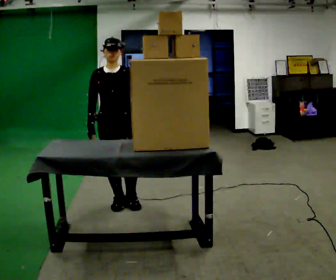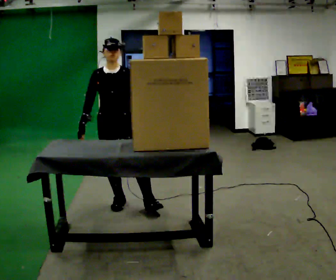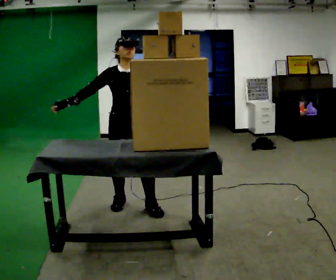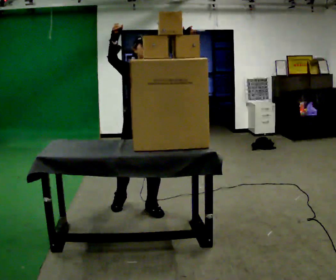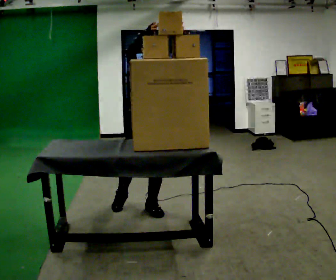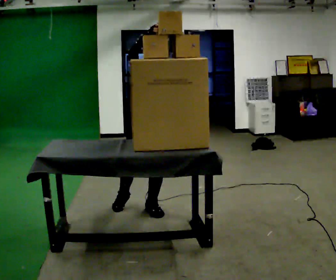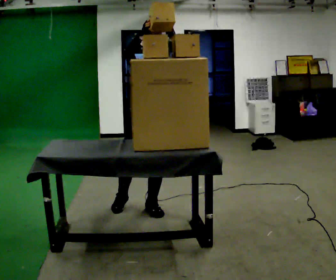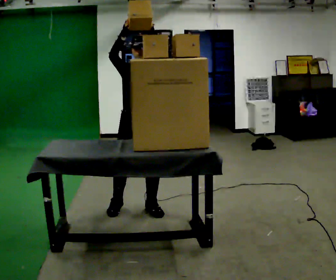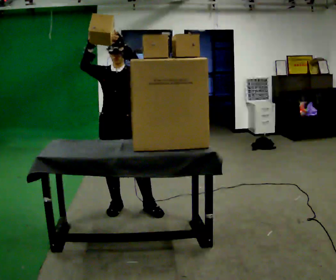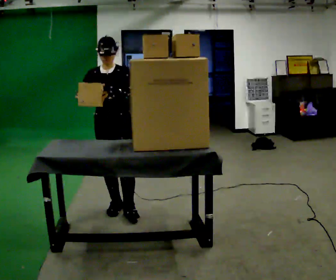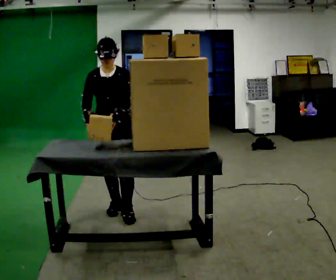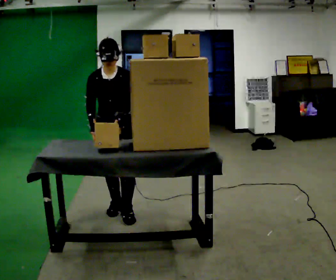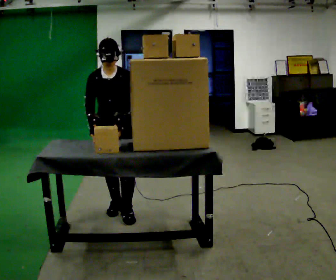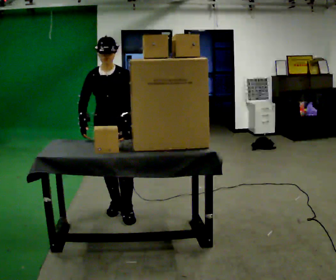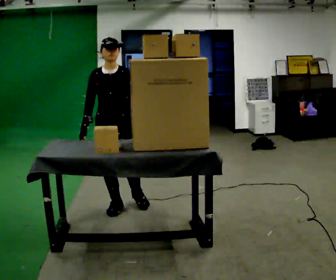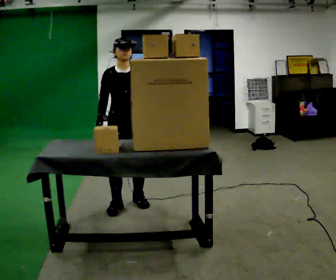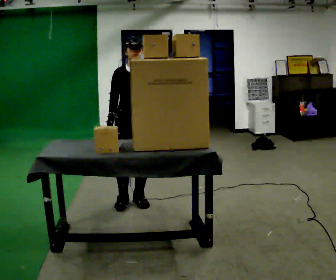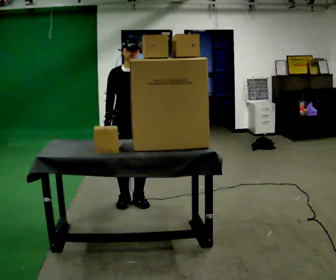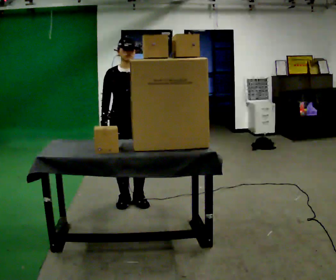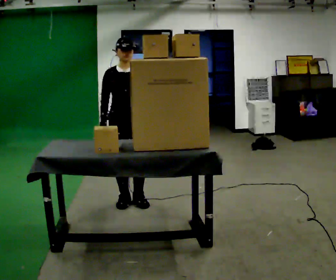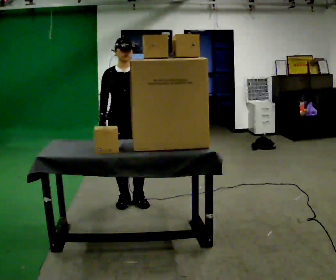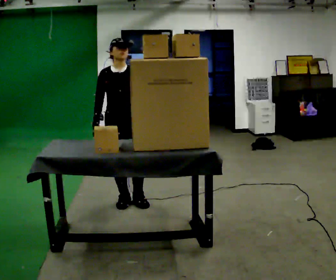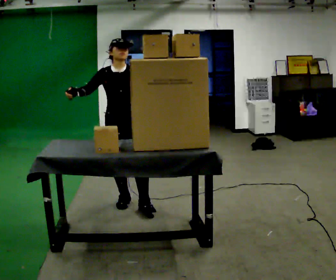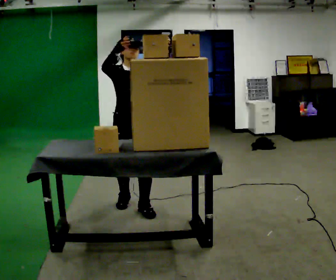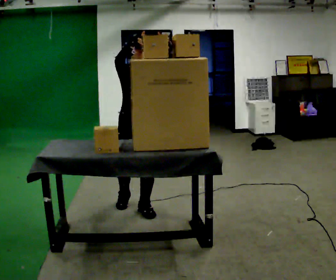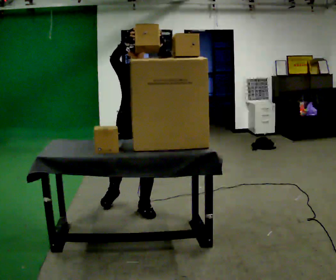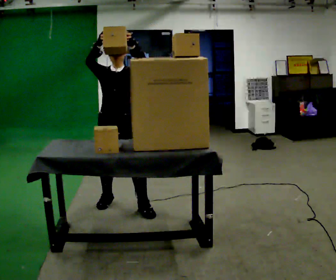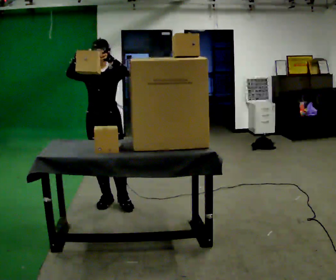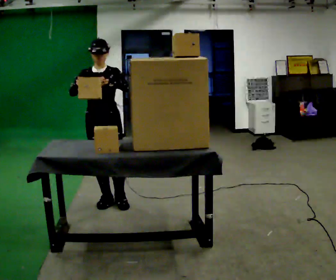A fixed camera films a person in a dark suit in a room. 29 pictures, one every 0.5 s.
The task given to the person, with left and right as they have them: Reach up into the bin on the top shelf, take out one object at a time, and carry it to the table. Keep going until the operator says stop; one object at a time, and do not rush between trips.
0.0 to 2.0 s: In the picture they go to the right and toward the camera, about 0.25 m in 1 step, which for them is to their left and forward. In the picture their right hand goes upward.
2.0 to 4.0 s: In the picture they go to the left, about 0.25 m, which for them is to their right.
4.0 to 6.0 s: The upper body tips toward the camera, its near side rolling downward, as they bend forward. In the picture their left hand goes downward.
6.0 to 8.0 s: In the picture they go away from the camera and to the right, about 0.25 m in 1 step, which for them is backward and to their left. The upper body tips away from the camera, its near side rolling upward, as they lean back or straighten.
8.0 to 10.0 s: The person moves a little, or ends about where they began.
10.0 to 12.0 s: In the picture they go toward the camera, about 0.25 m in 1 step, which for them is forward. In the picture their right hand goes upward.
12.0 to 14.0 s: In the picture they go to the left and away from the camera, about 0.5 m in 1 step, which for them is to their right and backward. In the picture their right hand goes downward.
The film runs forward here.
